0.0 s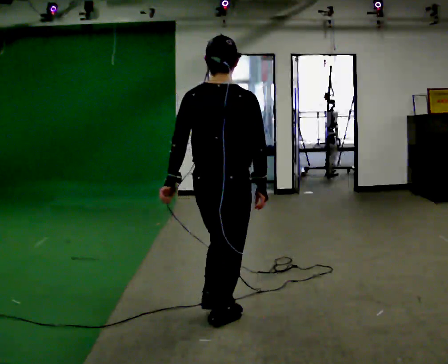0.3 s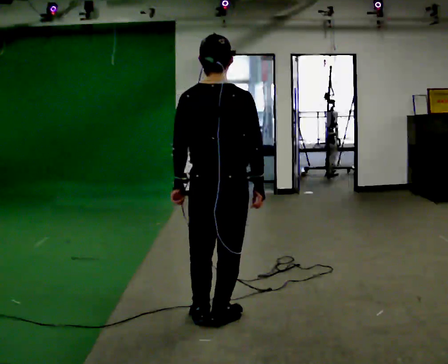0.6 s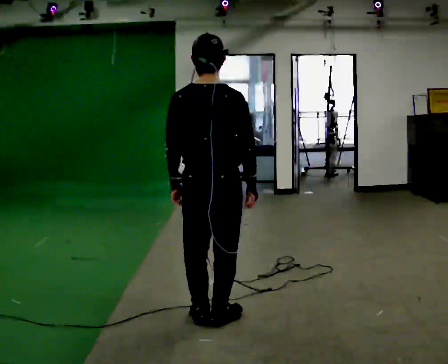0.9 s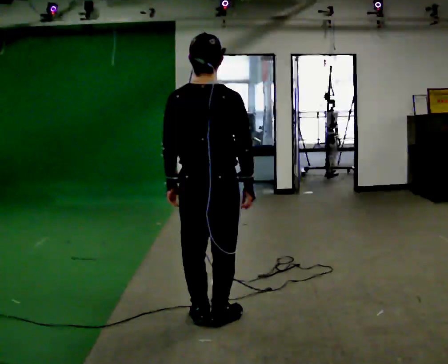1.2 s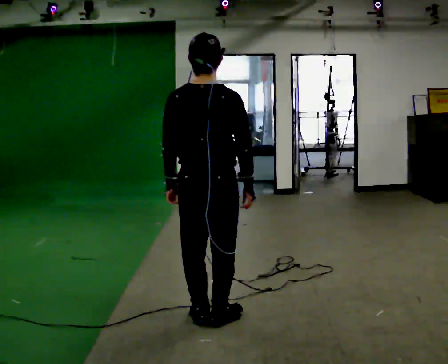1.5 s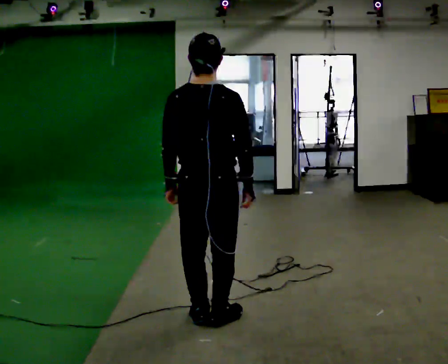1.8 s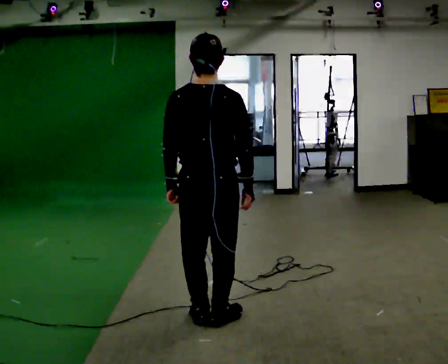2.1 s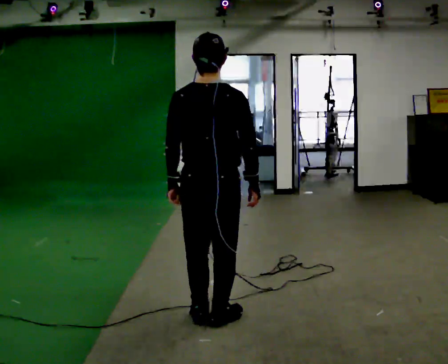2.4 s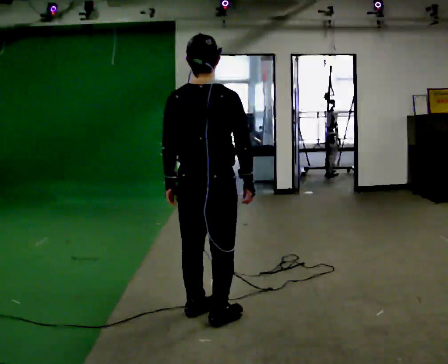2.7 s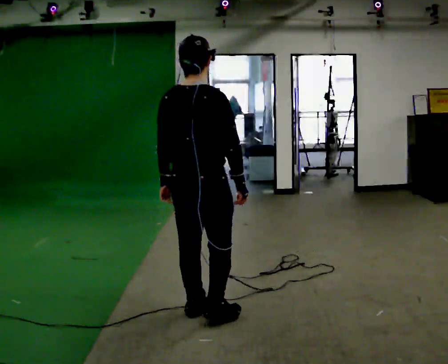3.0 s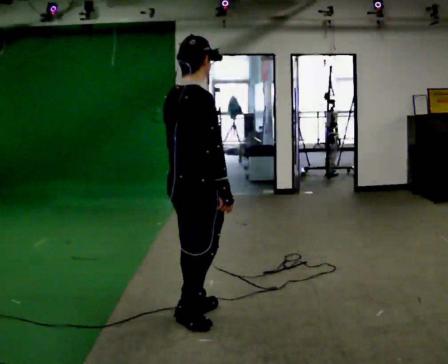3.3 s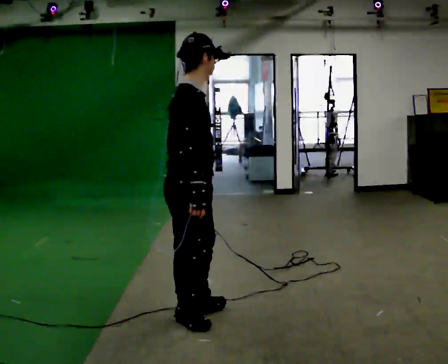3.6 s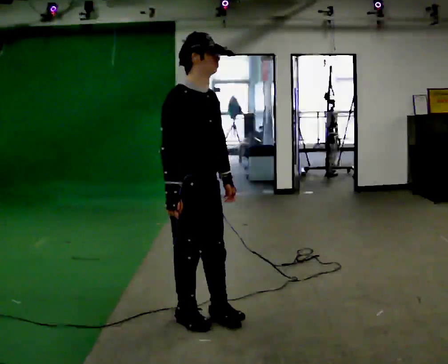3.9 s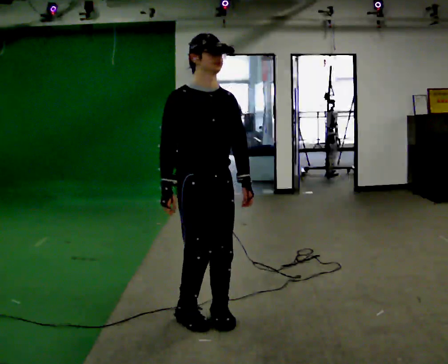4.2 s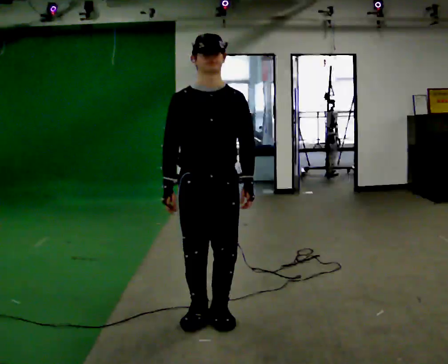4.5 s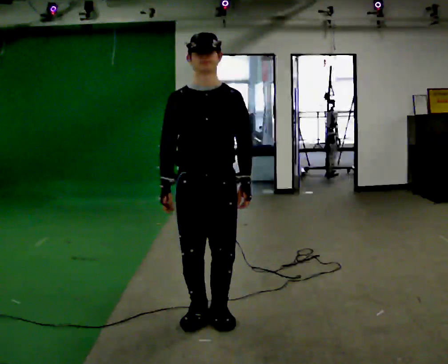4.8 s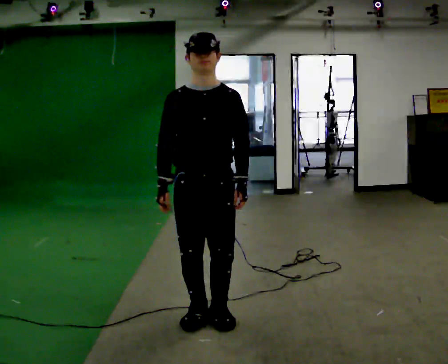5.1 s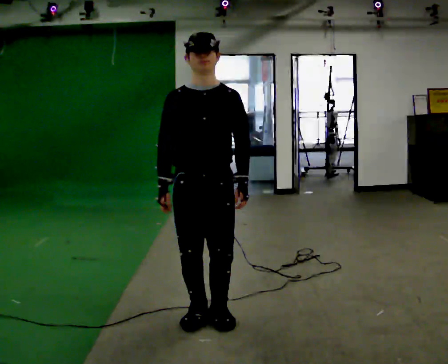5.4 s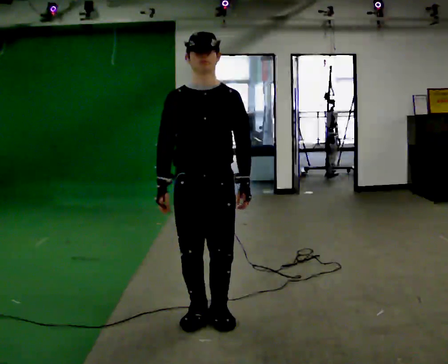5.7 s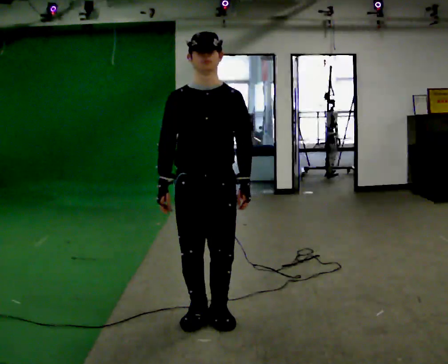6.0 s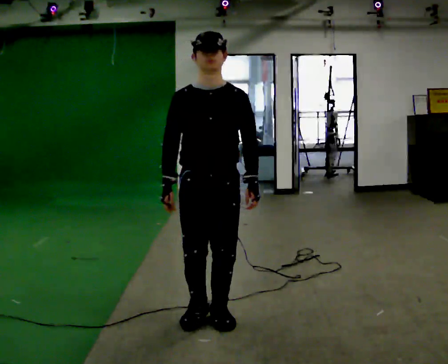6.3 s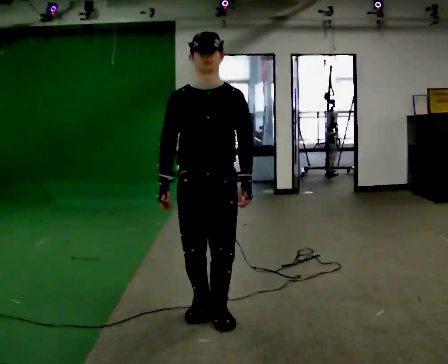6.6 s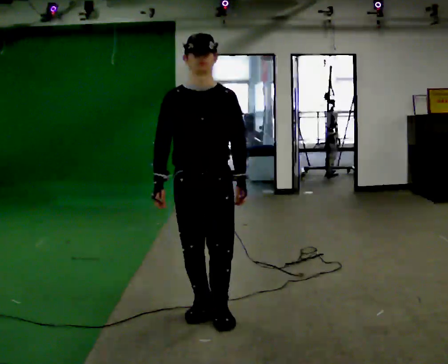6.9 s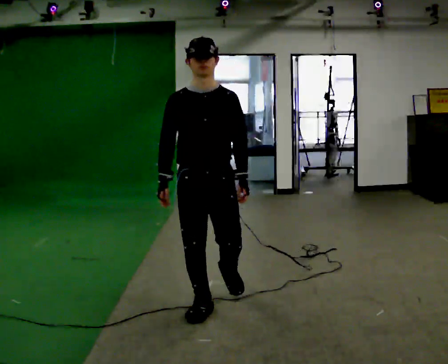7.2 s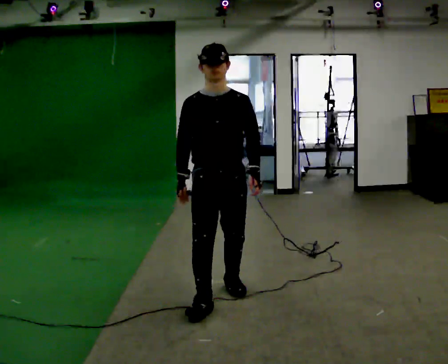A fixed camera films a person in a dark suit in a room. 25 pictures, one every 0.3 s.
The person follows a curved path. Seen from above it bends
clockwise.
The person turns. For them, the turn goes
to their right.
0.0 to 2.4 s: The person moves a little, or ends about where they began.
2.4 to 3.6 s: The person turns about 105 degrees to their right, clockwise seen from above, so the part of the body nearest the lens slides to the left. In the picture their right hand goes to the left.
3.6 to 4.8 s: The part of the body nearest the lens slides to the left as the person turns to their right by about 60 degrees.
4.8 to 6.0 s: The person moves a little, or ends about where they began.
6.0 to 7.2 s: In the picture they go away from the camera, about 0.5 m in 1 step, which for them is backward.
The film runs backward here.
